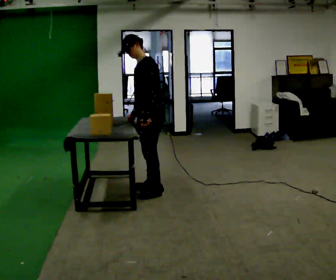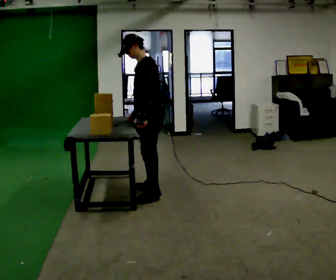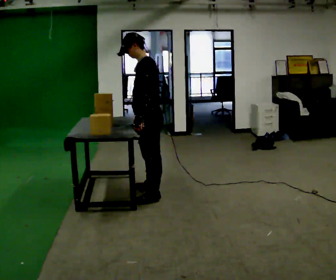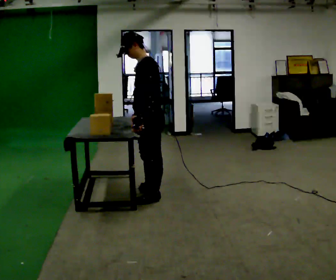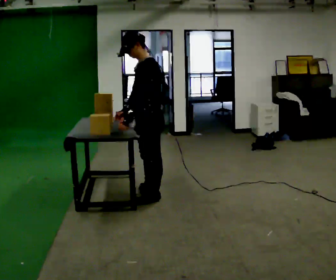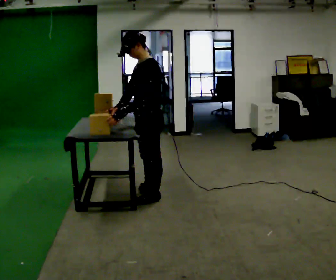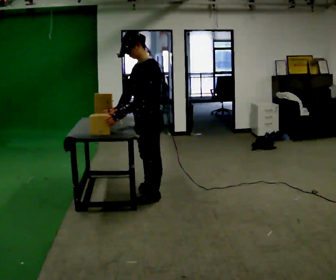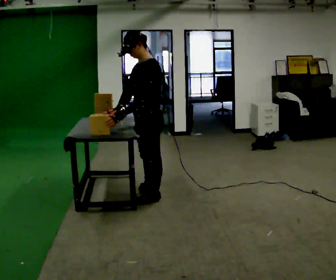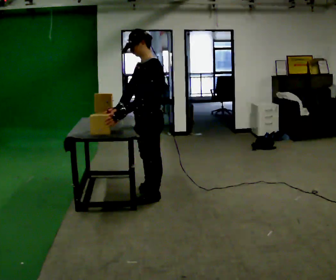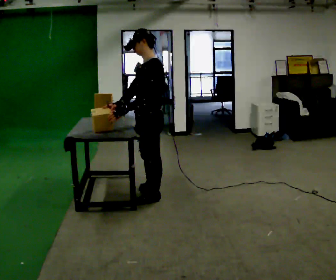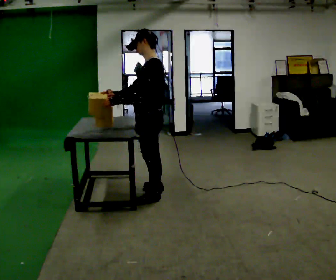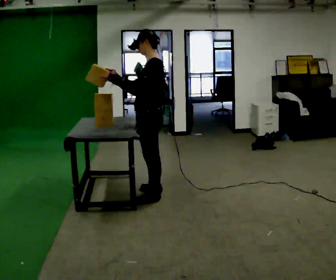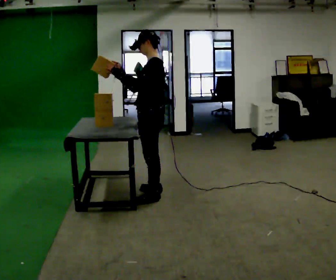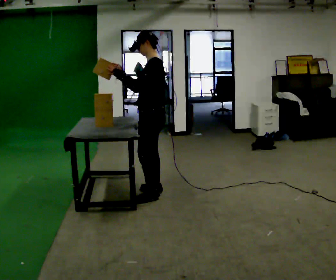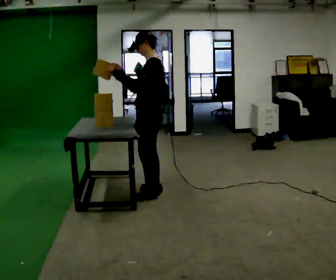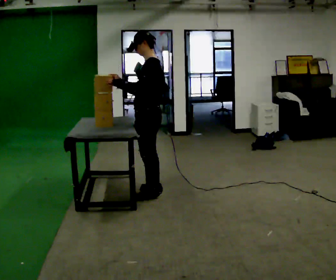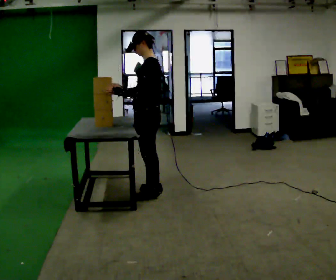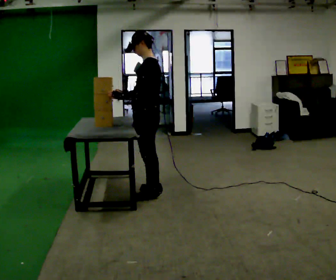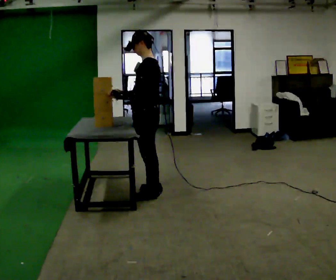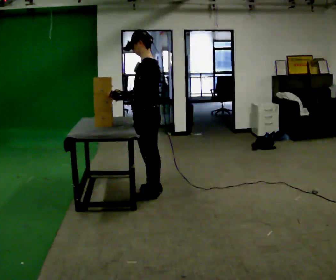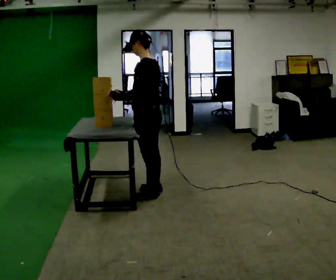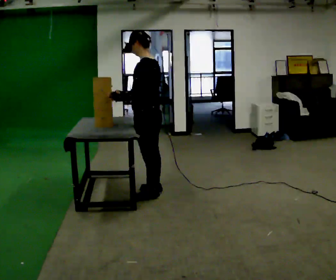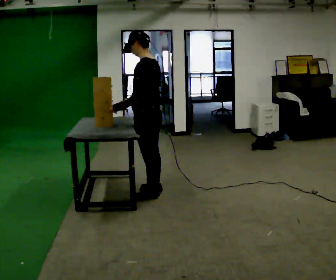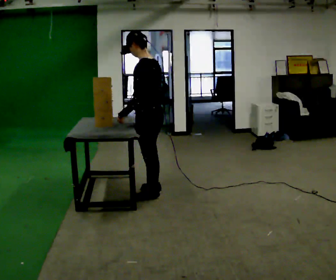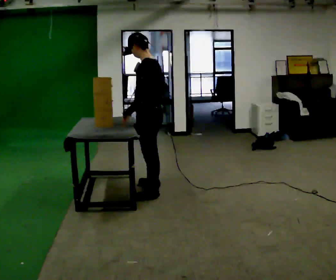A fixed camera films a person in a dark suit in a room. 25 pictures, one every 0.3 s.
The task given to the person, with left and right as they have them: Pick an object up off the floor at one end of the room, carry it across, and place it on the waist-height shelf at the other end. Keep going until the operator says stop; one object at a time, and do not rush between trips.
0.0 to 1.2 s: In the picture they go toward the camera, about 0.25 m, which for them is to their left.
1.2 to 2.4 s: The person moves a little, or ends about where they began.
2.4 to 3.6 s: In the picture they go away from the camera, about 0.25 m, which for them is to their right. In the picture their right hand goes upward.
3.6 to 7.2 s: In the picture their right hand goes downward, the arm swinging counterclockwise.
The film runs forward here.
